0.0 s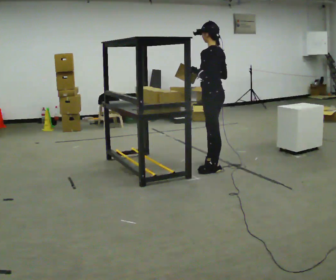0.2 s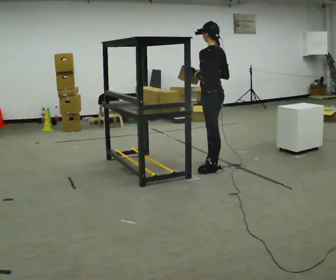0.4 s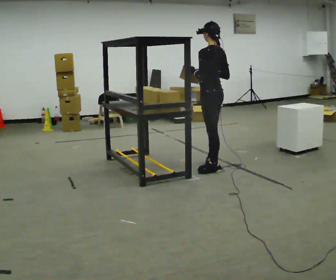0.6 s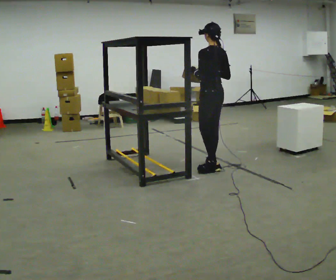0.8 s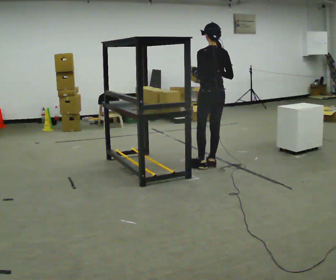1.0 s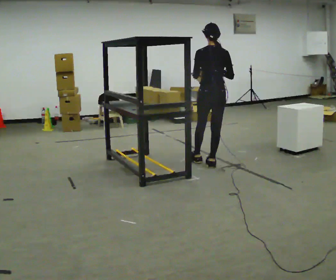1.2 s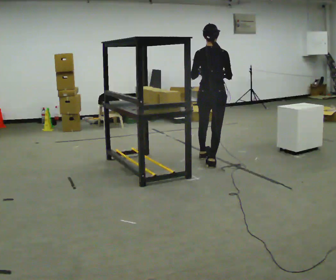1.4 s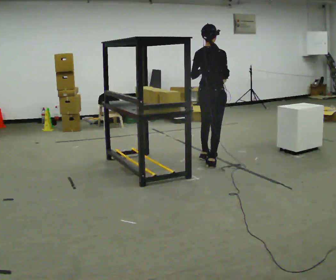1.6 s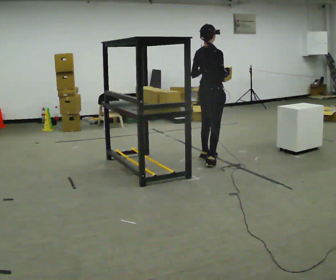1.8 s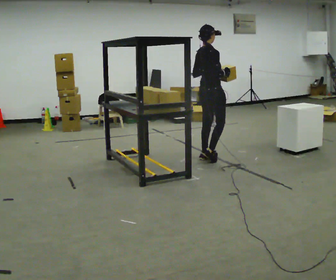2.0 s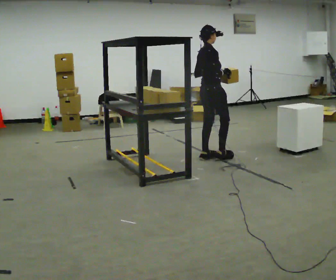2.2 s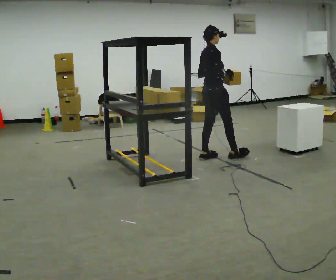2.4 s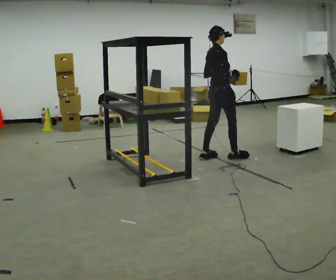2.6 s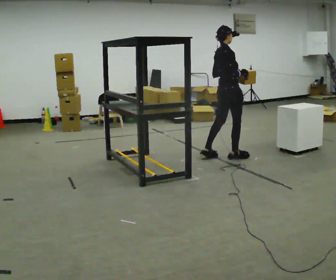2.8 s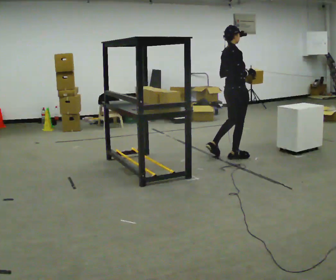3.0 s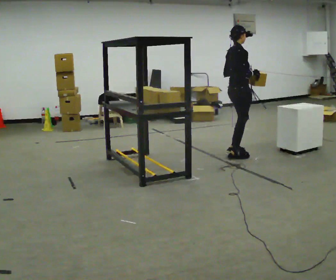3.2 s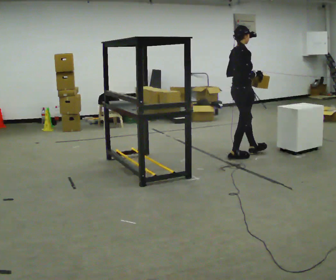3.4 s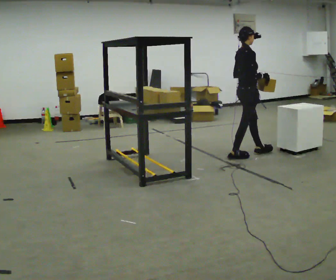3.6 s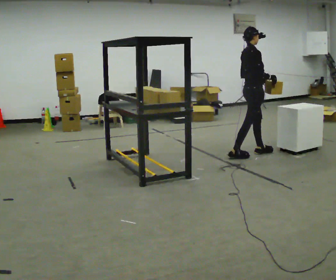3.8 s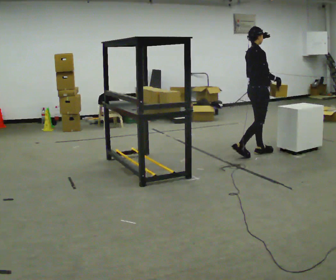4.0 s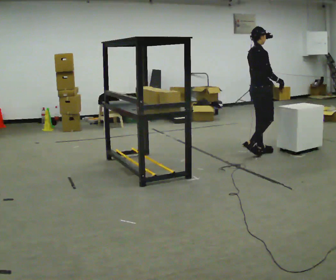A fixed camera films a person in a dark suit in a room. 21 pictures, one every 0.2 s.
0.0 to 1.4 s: Seen from above the body turns clockwise, about 90 degrees: to their right, with its near side sliding to the left. In the picture they go away from the camera, about 0.25 m in 1 step.
1.4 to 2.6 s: The person turns about 30 degrees to their right, clockwise seen from above, so the part of the body nearest the lens slides to the left. In the picture they go away from the camera and to the right, about 0.25 m in 1 step, which for them is forward and to their left.
2.6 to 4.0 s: In the picture they go to the right and away from the camera, about 0.5 m in 1 step, which for them is forward.
The film runs forward here.
